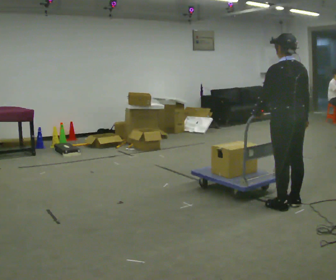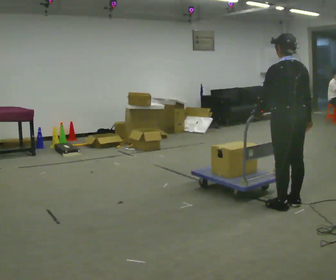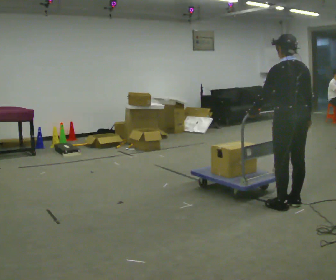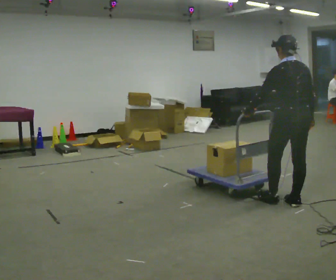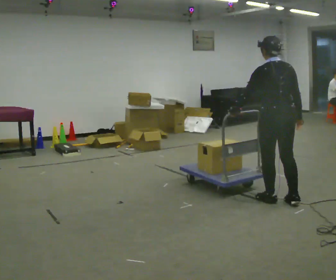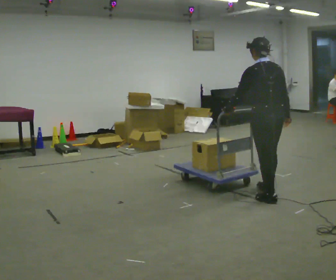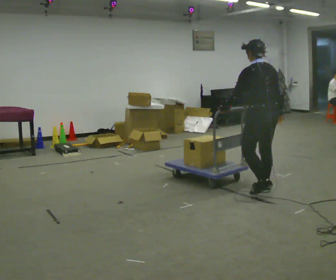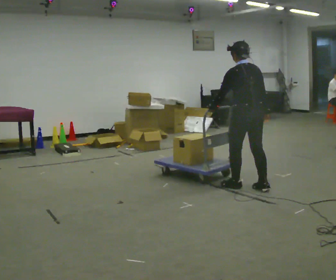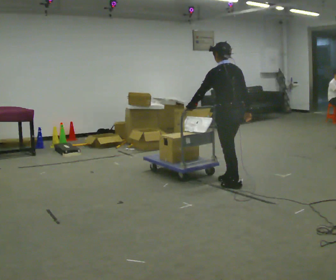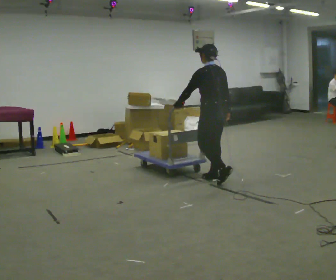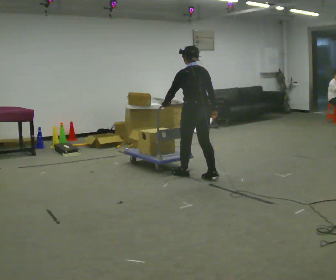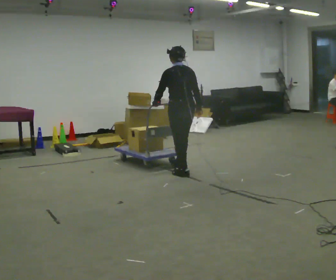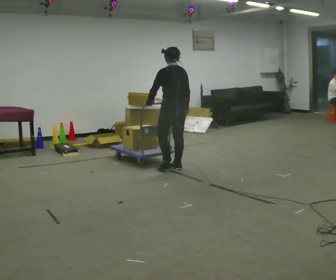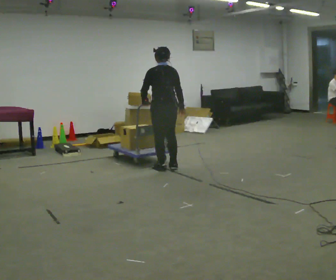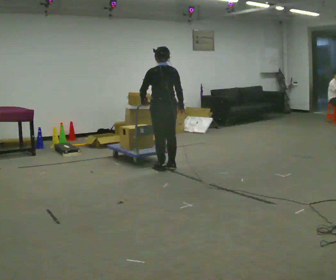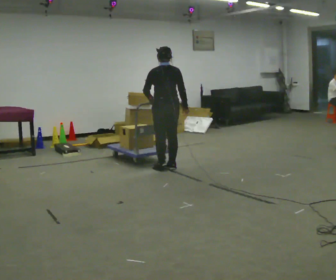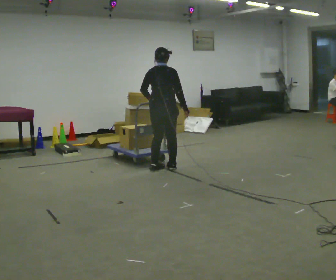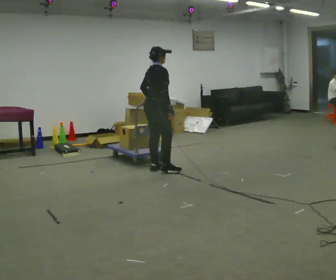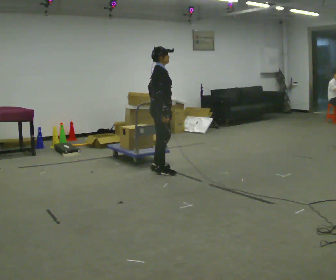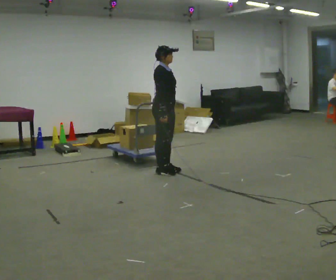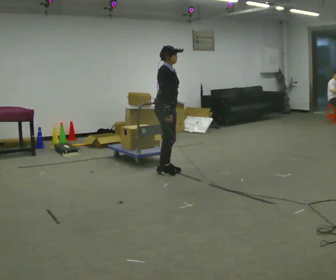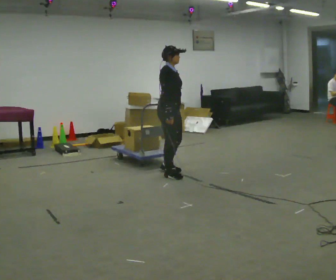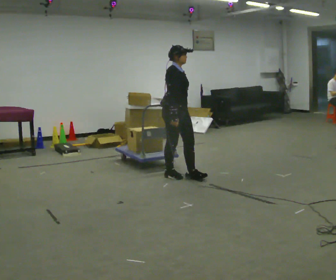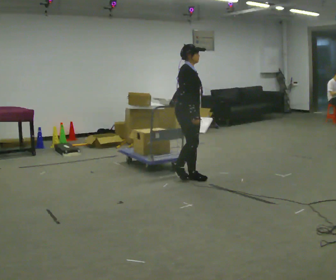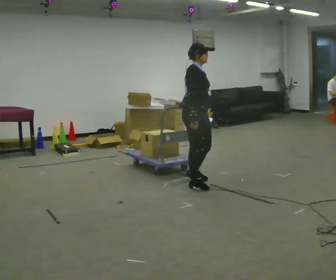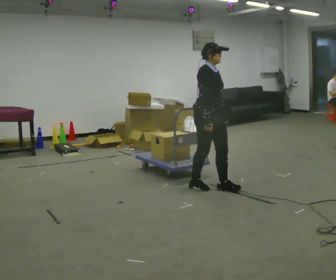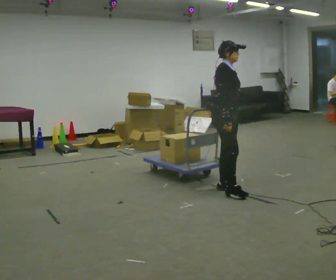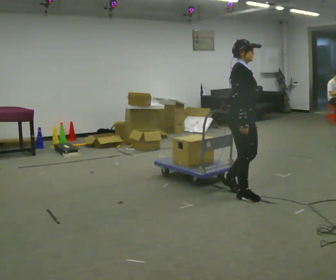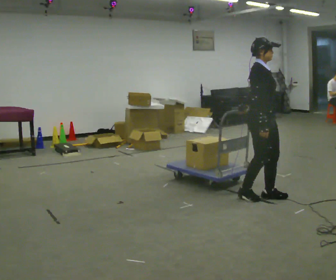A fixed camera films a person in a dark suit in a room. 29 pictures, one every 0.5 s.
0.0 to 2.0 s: In the picture they go away from the camera, about 0.25 m in 1 step, which for them is forward.
2.0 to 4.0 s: The part of the body nearest the lens slides to the right as the person turns to their left by about 30 degrees. In the picture they go away from the camera and to the left, about 0.5 m in 2 steps, which for them is forward.
4.0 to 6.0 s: In the picture they go away from the camera and to the left, about 1 m in 3 steps, which for them is forward.
6.0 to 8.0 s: The part of the body nearest the lens slides to the left as the person turns to their right by about 60 degrees. In the picture they go to the left, about 0.25 m in 1 step, which for them is to their left.
8.0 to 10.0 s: Seen from above the body turns clockwise, about 90 degrees: to their right, with its near side sliding to the left.
10.0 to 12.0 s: In the picture they go toward the camera and to the right, about 0.75 m in 3 steps, which for them is forward and to their right.
12.0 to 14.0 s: In the picture they go to the right and toward the camera, about 1 m in 3 steps, which for them is forward.
The film runs forward here.
